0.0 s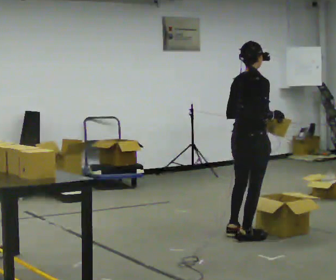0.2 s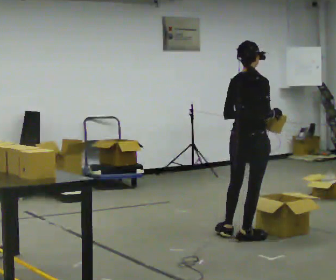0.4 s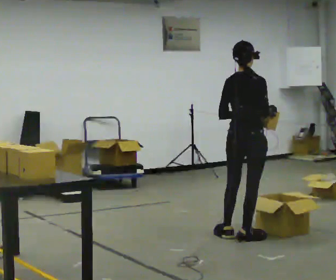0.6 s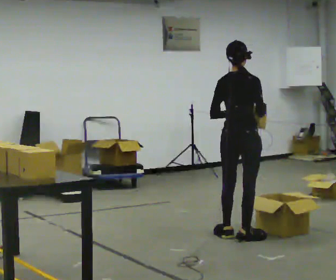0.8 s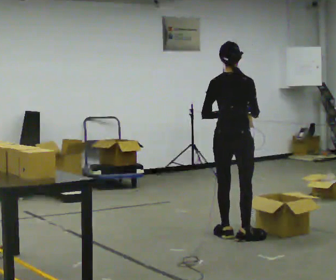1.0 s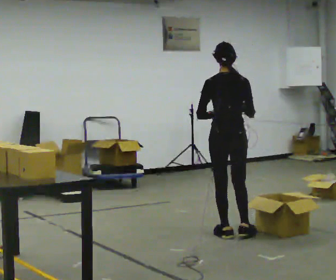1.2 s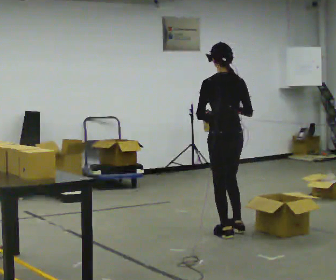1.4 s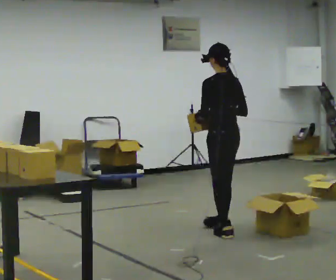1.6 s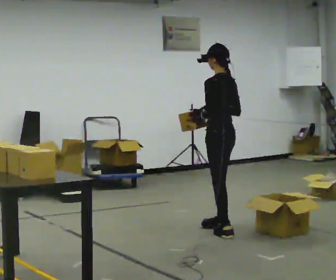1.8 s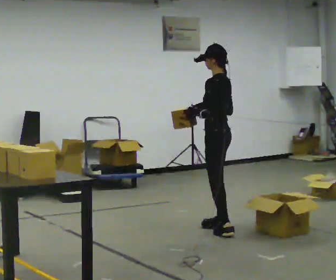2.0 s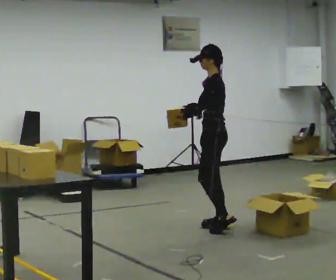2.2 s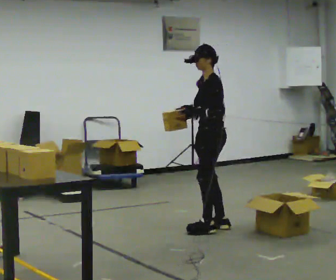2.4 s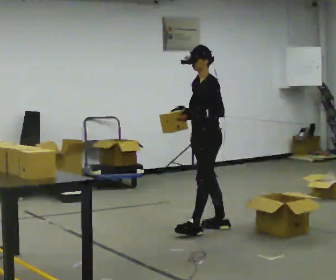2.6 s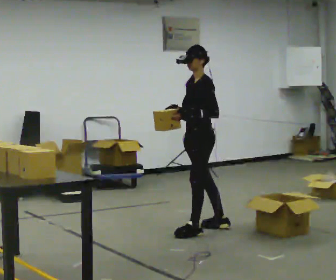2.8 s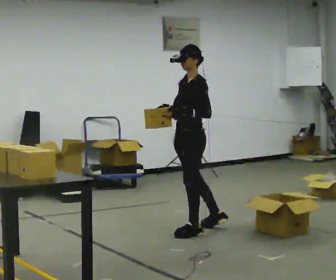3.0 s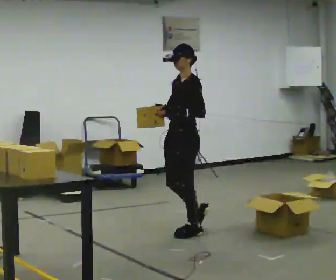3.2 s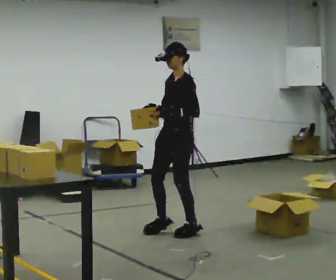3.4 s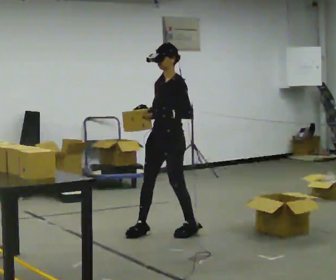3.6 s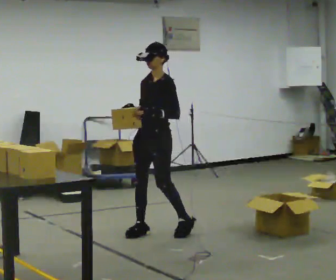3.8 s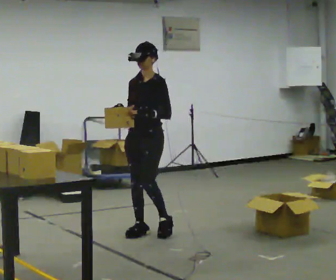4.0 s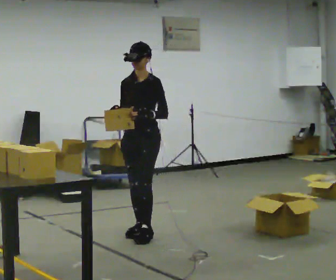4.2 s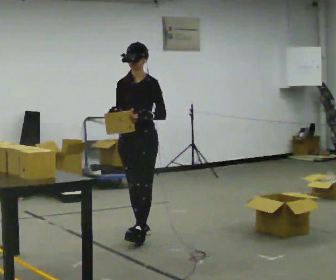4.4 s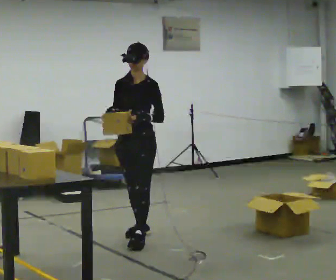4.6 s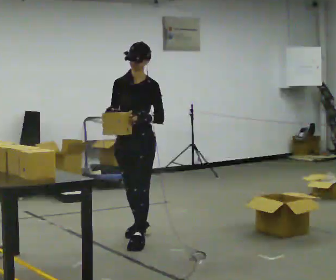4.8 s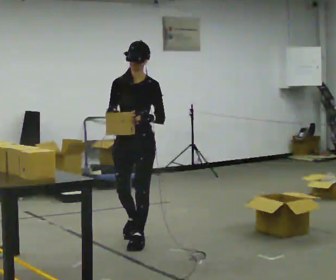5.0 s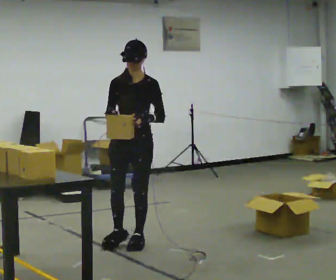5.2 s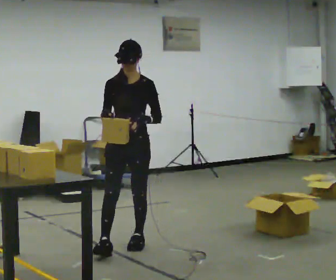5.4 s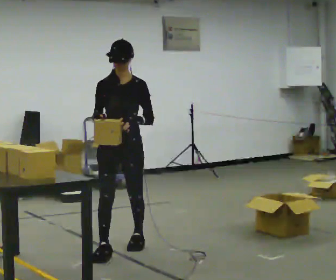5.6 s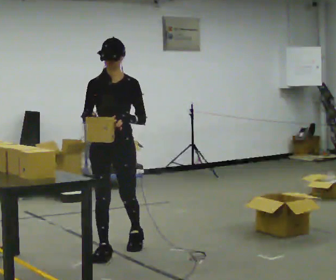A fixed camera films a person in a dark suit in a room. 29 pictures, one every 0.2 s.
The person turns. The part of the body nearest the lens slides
to the right.
The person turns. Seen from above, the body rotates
counterclockwise.
0.0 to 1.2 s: The part of the body nearest the lens slides to the right as the person turns to their left by about 60 degrees. In the picture they go away from the camera and to the left, about 0.25 m. In the picture their right hand goes to the left.
1.2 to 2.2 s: The person turns about 75 degrees to their left, counterclockwise seen from above, so the part of the body nearest the lens slides to the right. In the picture they go away from the camera, about 0.25 m in 1 step.
2.2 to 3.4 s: The person turns about 30 degrees to their left, counterclockwise seen from above, so the part of the body nearest the lens slides to the right. In the picture they go to the left and toward the camera, about 0.5 m in 2 steps, which for them is forward.
3.4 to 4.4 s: The person turns about 30 degrees to their left, counterclockwise seen from above, so the part of the body nearest the lens slides to the right. In the picture they go to the left and toward the camera, about 0.25 m in 1 step, which for them is forward.
4.4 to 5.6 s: The part of the body nearest the lens slides to the right as the person turns to their left by about 30 degrees. In the picture they go toward the camera, about 0.5 m in 1 step, which for them is forward.
The film runs forward here.
